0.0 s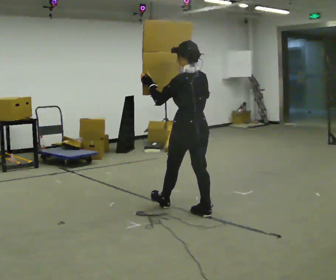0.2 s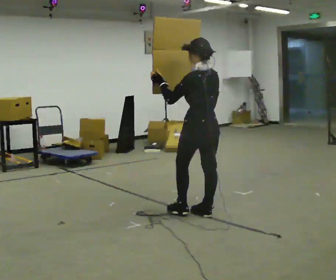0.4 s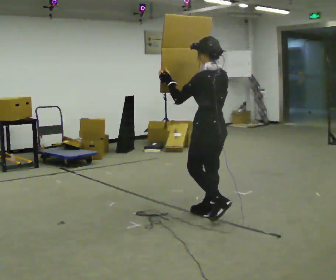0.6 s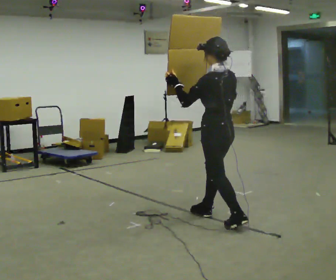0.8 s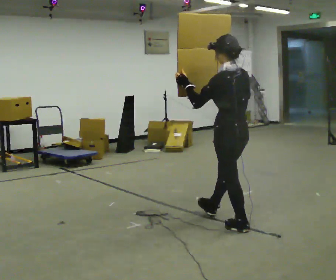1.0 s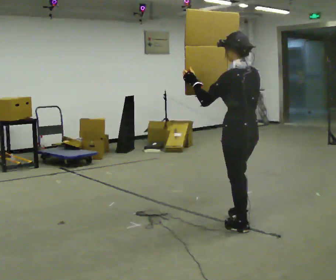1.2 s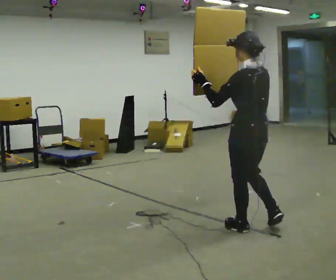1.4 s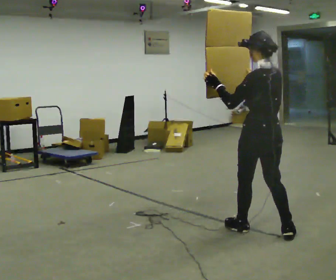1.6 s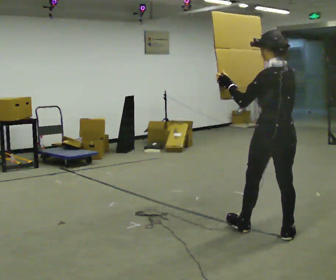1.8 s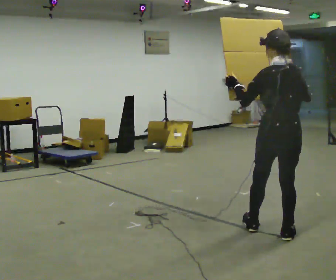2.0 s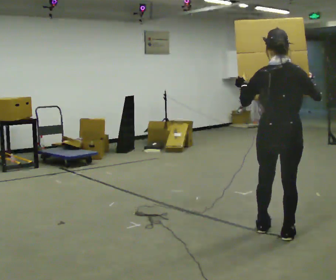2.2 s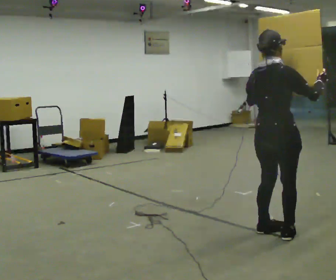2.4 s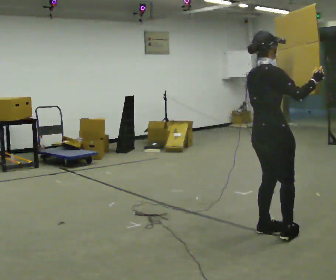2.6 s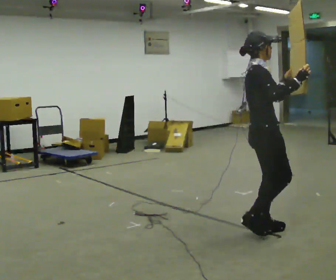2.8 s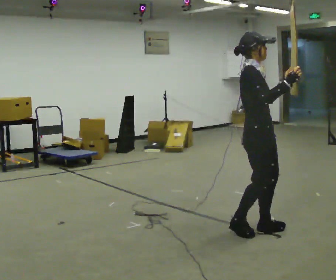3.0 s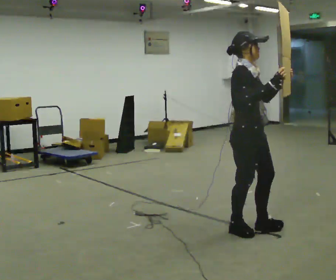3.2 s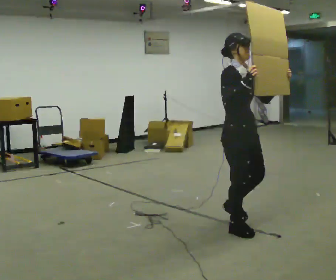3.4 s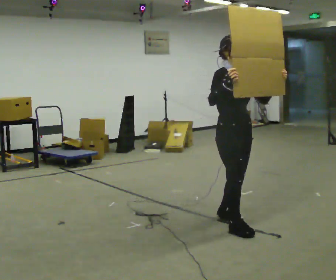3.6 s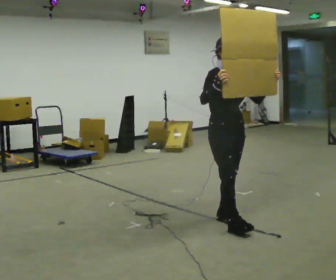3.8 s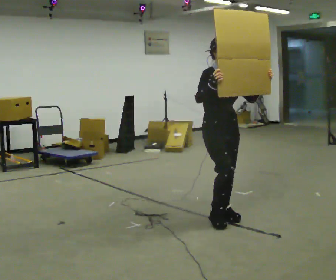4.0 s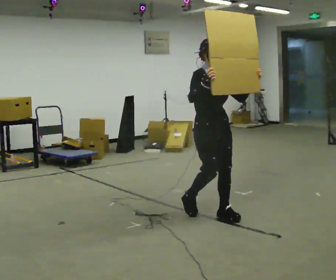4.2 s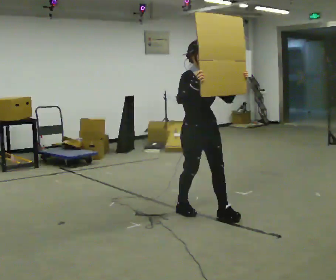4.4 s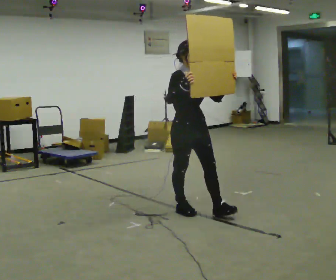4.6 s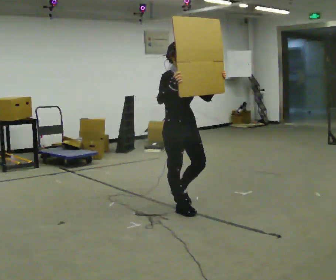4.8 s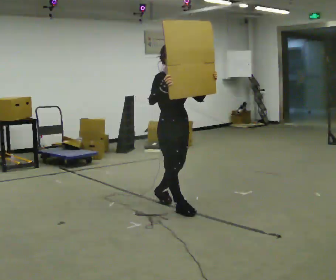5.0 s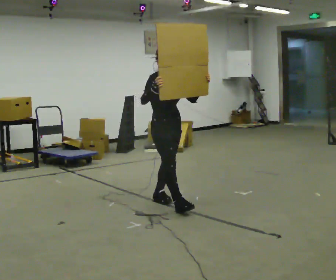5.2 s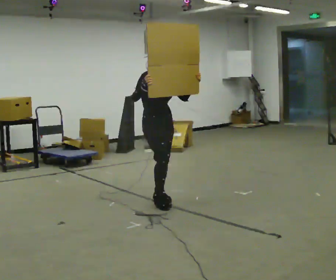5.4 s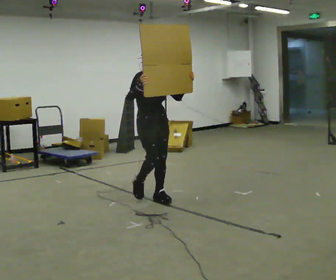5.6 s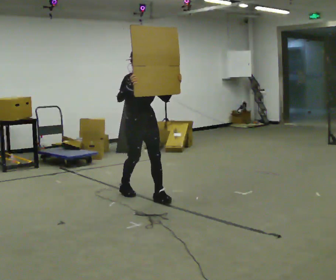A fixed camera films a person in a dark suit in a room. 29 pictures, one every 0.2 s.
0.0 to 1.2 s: In the picture they go to the right and toward the camera, about 0.5 m in 1 step, which for them is backward.
1.2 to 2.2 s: The person turns about 90 degrees to their right, clockwise seen from above, so the part of the body nearest the lens slides to the left. In the picture they go to the right, about 0.25 m. In the picture their right hand goes to the right.
2.2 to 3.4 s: The part of the body nearest the lens slides to the left as the person turns to their right by about 90 degrees. In the picture they go to the left and away from the camera, about 0.5 m in 2 steps.
3.4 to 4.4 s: In the picture they go to the left and away from the camera, about 0.5 m in 2 steps, which for them is backward.
4.4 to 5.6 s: In the picture they go to the left and away from the camera, about 1 m in 1 step, which for them is backward.
The film runs backward here.
